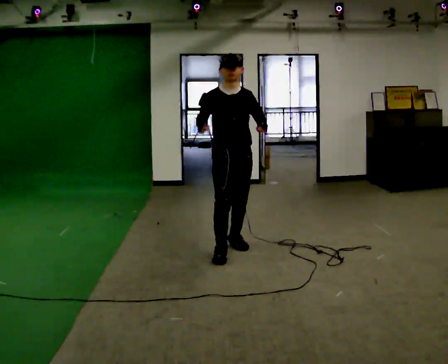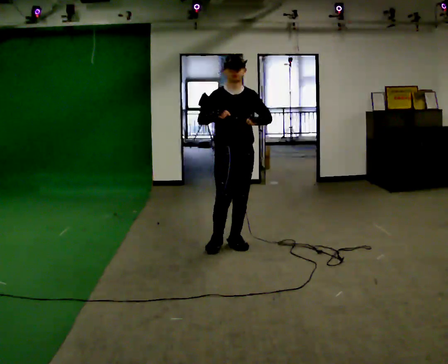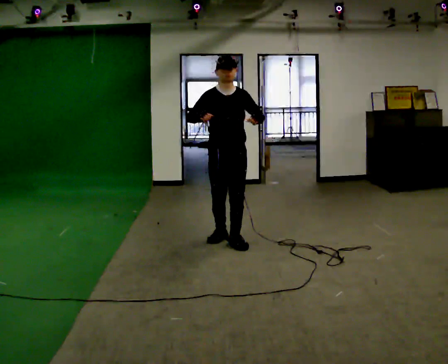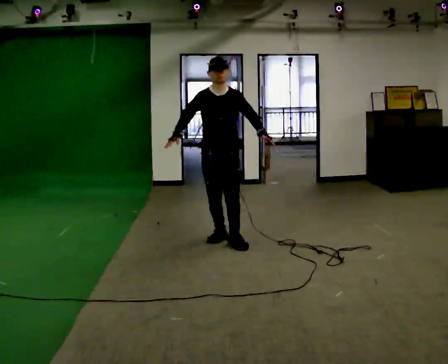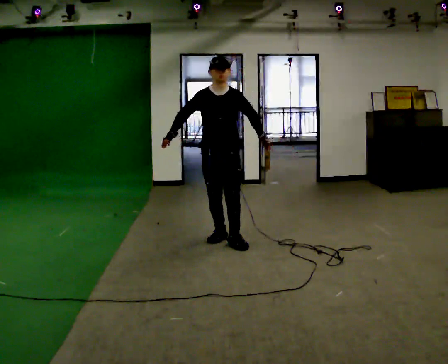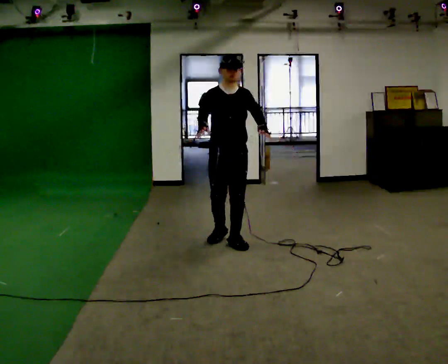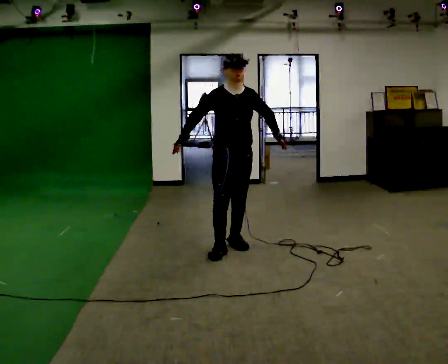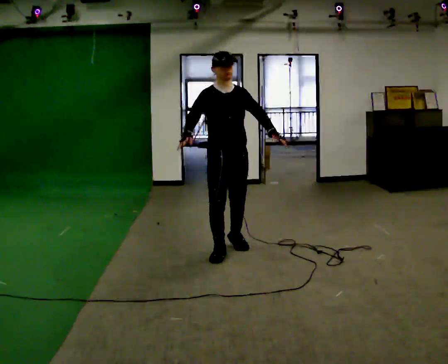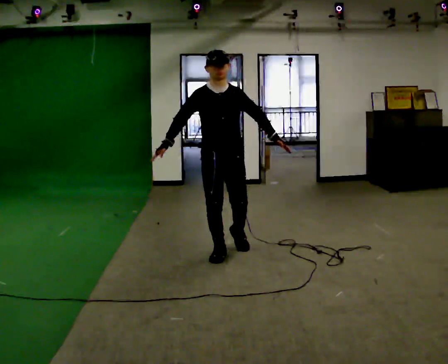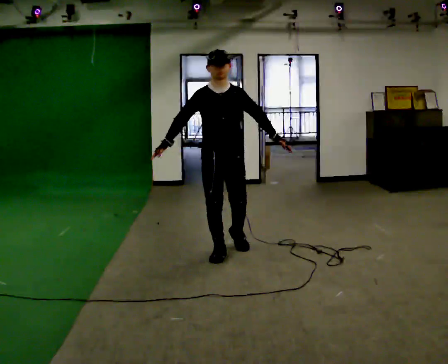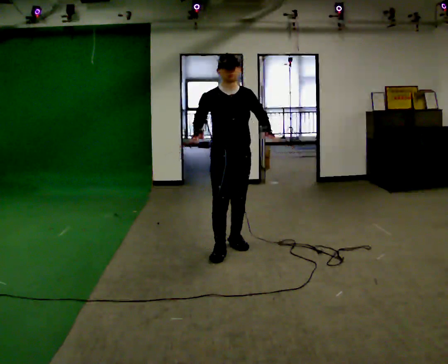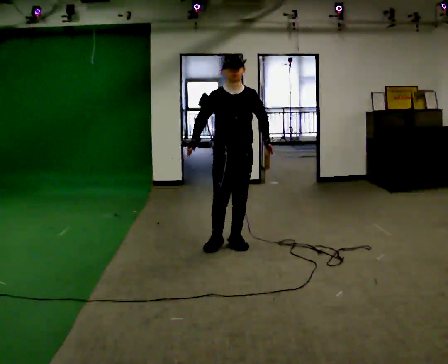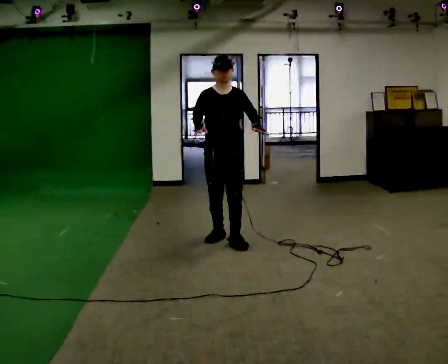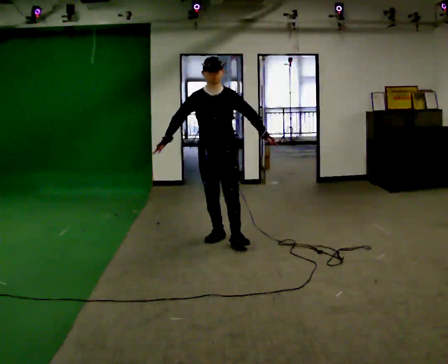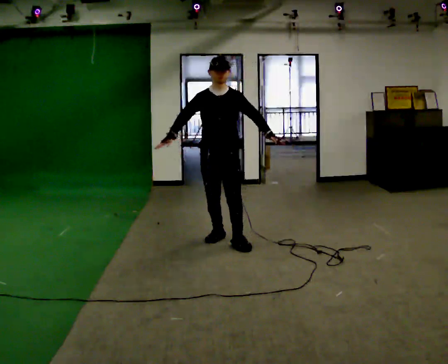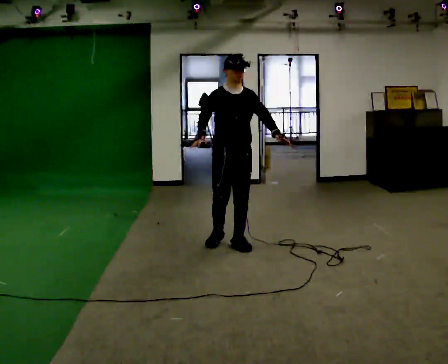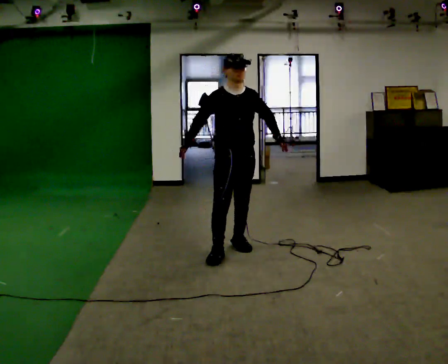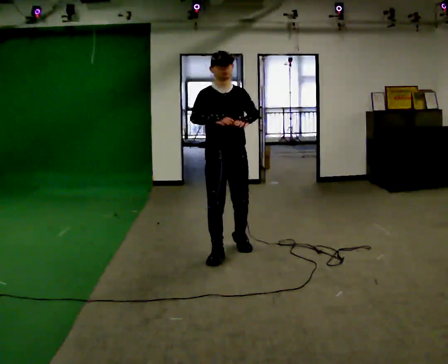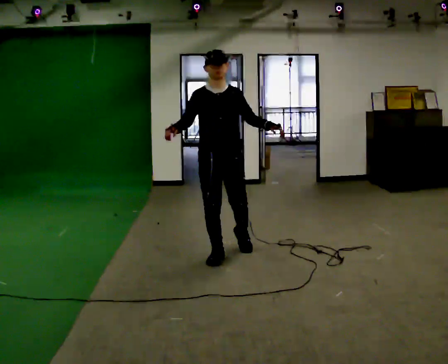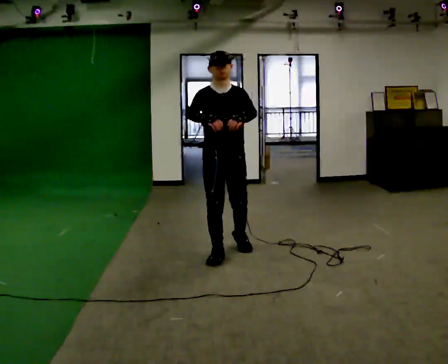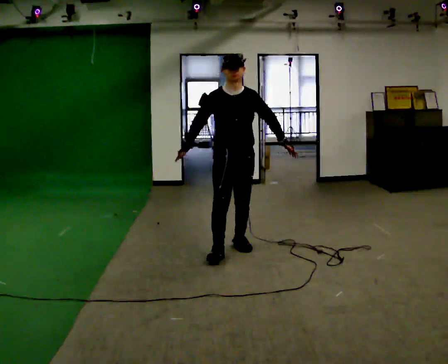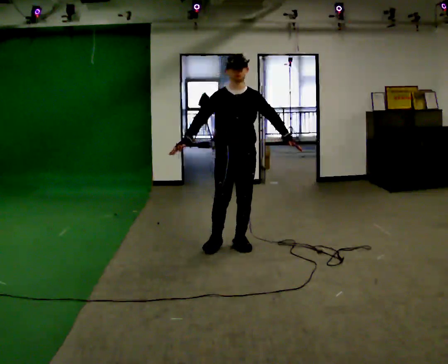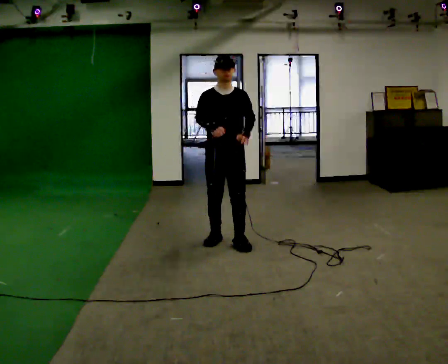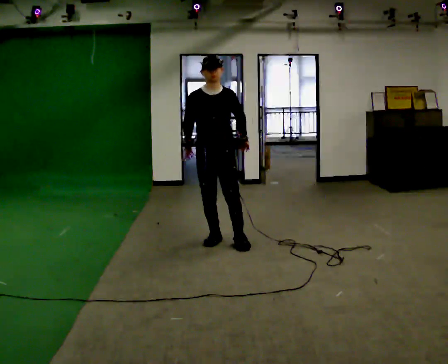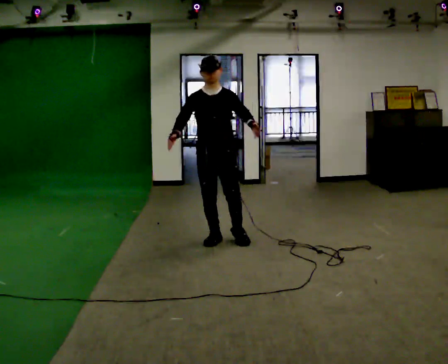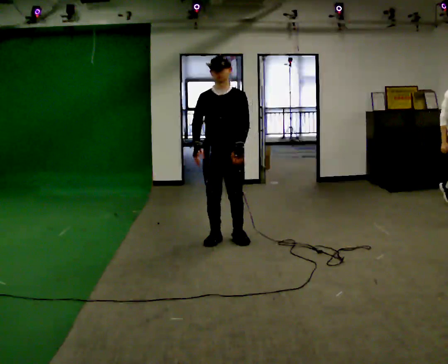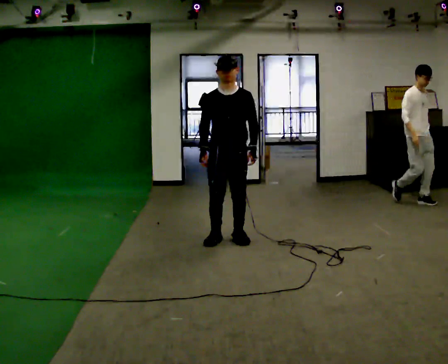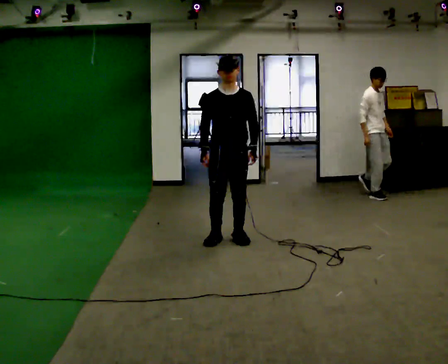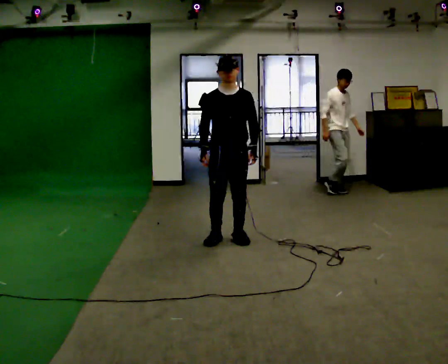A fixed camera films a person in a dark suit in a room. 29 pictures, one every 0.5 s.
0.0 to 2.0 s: In the picture they go away from the camera, about 0.25 m in 1 step, which for them is backward.
2.0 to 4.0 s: In the picture they go toward the camera, about 0.5 m in 1 step, which for them is forward.
4.0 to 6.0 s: In the picture they go away from the camera, about 0.5 m in 1 step, which for them is backward.
6.0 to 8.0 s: In the picture they go toward the camera, about 0.25 m in 1 step, which for them is forward.
8.0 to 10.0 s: The person moves a little, or ends about where they began.
10.0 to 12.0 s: In the picture they go away from the camera and to the left, about 0.25 m in 1 step, which for them is backward.
12.0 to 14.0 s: The person moves a little, or ends about where they began.
The film runs backward here.
